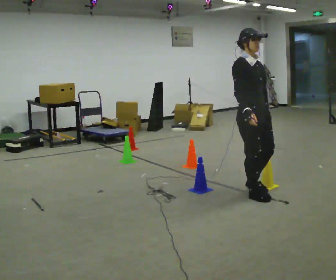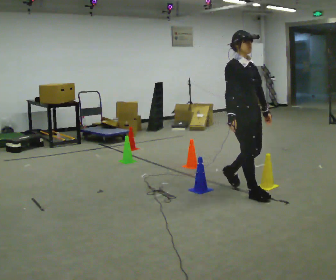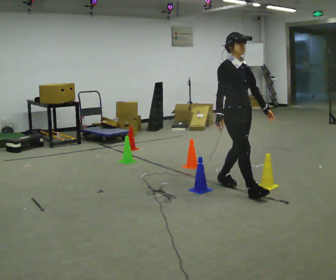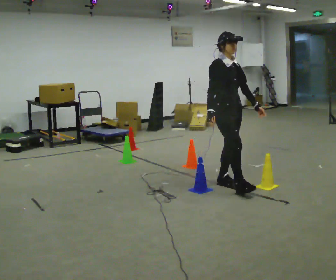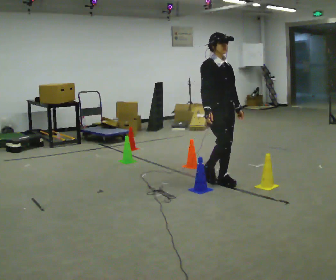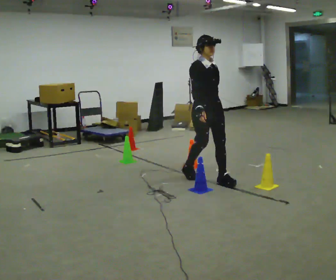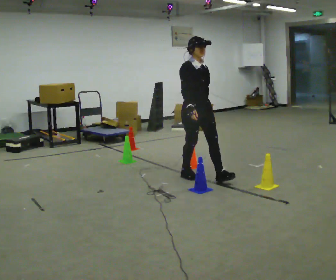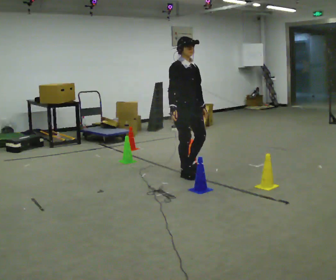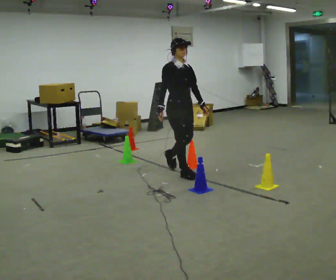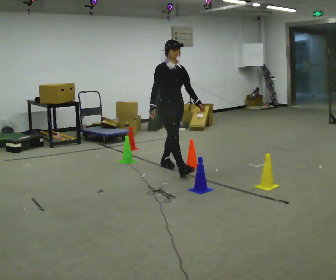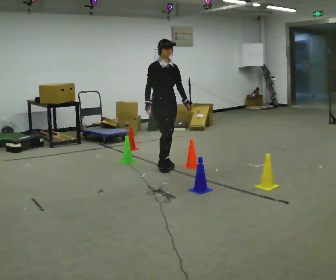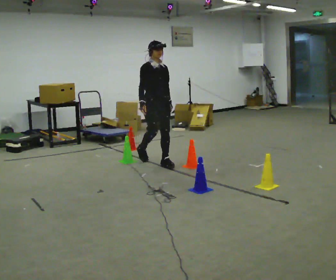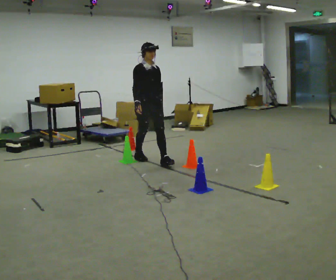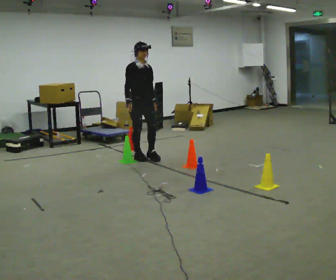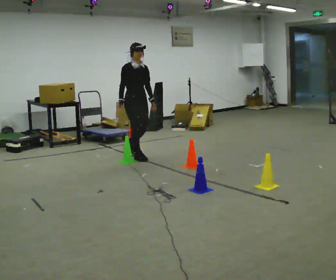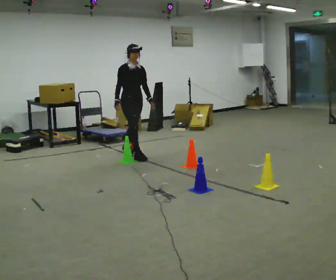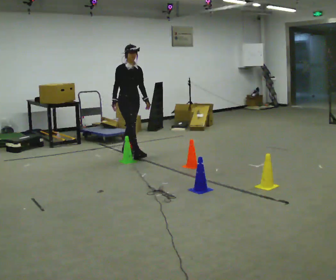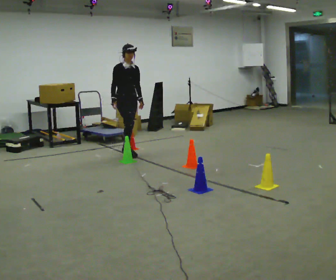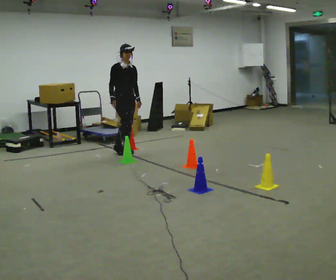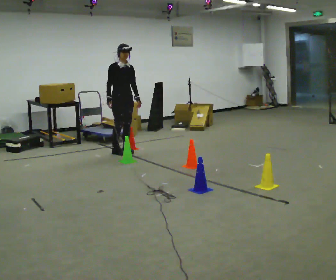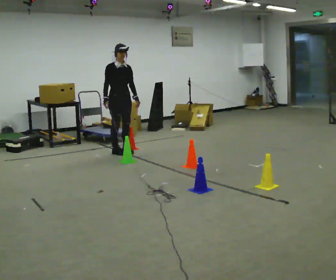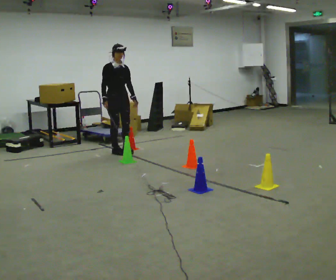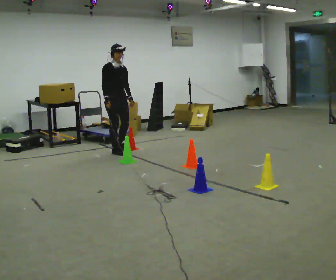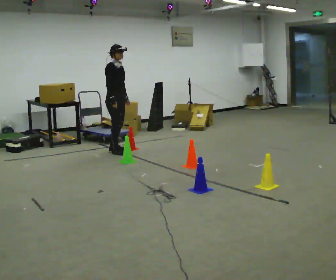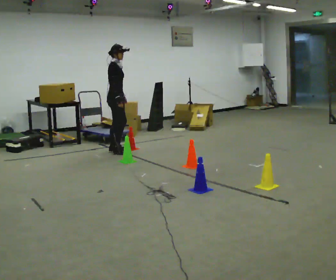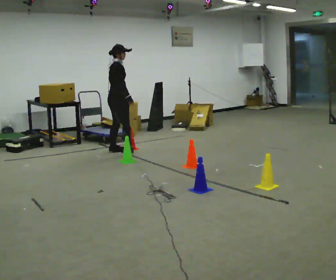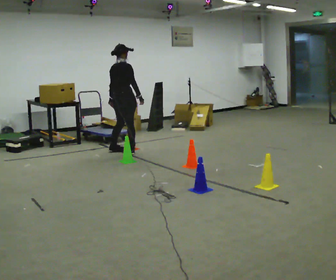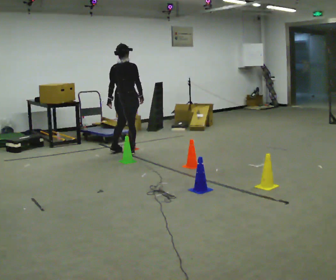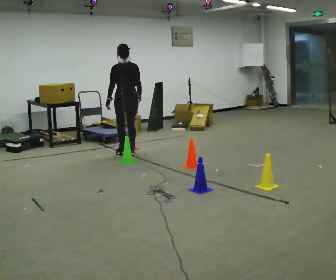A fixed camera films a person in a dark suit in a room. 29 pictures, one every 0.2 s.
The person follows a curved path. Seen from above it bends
clockwise.
The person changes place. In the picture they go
away from the camera.
0.0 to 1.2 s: In the picture they go away from the camera and to the left, about 1 m in 2 steps, which for them is backward.
1.2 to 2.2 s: In the picture they go away from the camera and to the left, about 1 m in 1 step, which for them is backward.
2.2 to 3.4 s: In the picture they go away from the camera and to the left, about 1 m in 2 steps, which for them is backward.
3.4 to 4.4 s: In the picture they go to the left, about 0.25 m in 1 step, which for them is backward.
4.4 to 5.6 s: Seen from above the body turns counterclockwise, about 150 degrees: to their left, with its near side sliding to the right. In the picture they go to the right, about 0.25 m in 2 steps. In the picture their right hand goes to the right.
The film runs backward here.
